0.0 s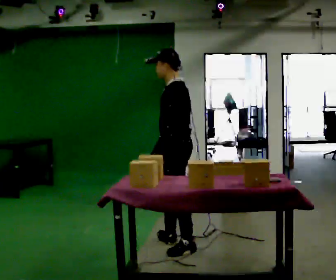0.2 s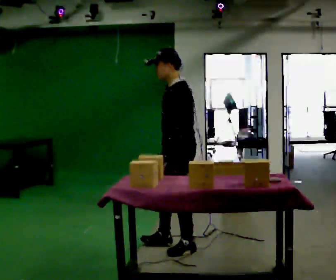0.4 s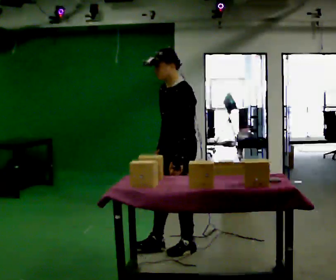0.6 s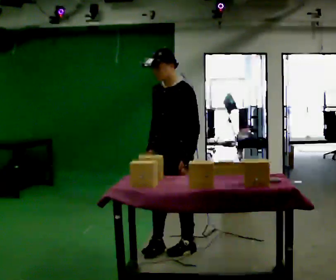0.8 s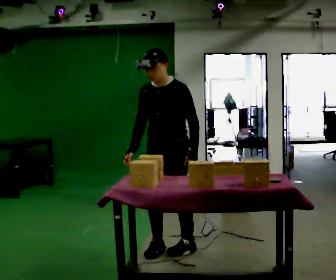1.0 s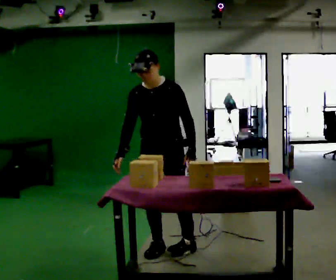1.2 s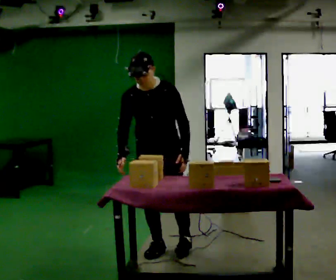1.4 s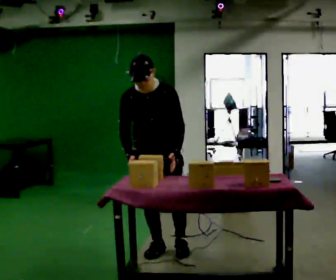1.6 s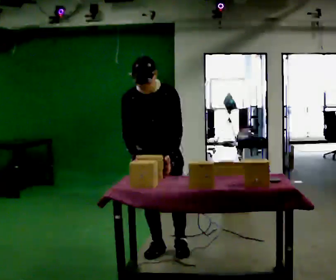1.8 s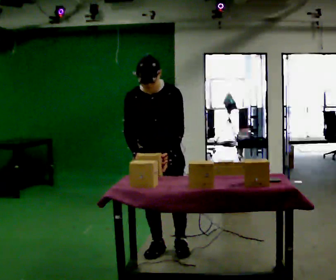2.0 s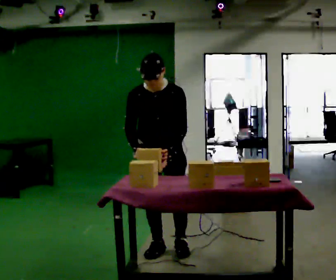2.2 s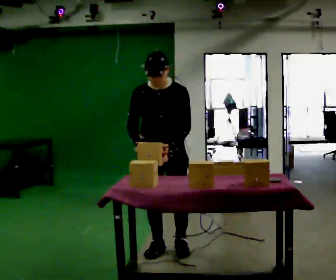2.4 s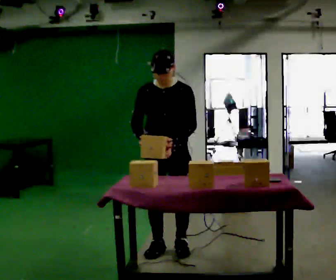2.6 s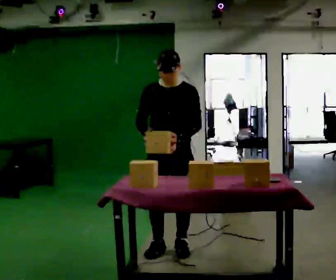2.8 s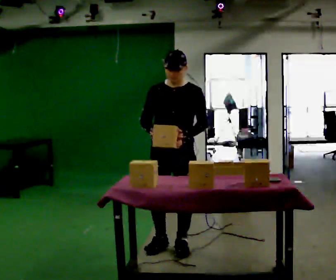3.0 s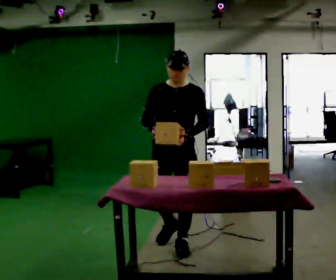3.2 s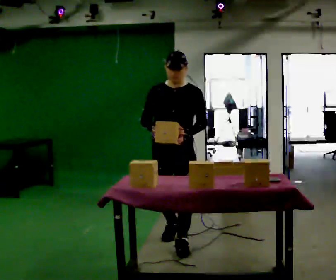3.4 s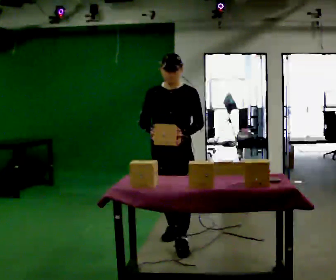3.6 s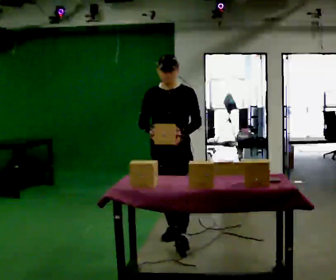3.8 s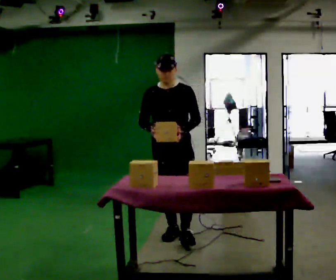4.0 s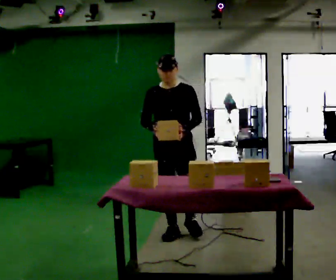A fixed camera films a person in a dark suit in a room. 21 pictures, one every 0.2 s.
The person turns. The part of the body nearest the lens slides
to the right.
The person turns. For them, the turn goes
to their left.
0.0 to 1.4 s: The person turns about 90 degrees to their left, counterclockwise seen from above, so the part of the body nearest the lens slides to the right. In the picture they go to the left, about 0.25 m in 1 step.
1.4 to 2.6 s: The person moves a little, or ends about where they began.
2.6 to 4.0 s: In the picture they go away from the camera, about 0.5 m in 2 steps, which for them is backward.
The film runs backward here.
